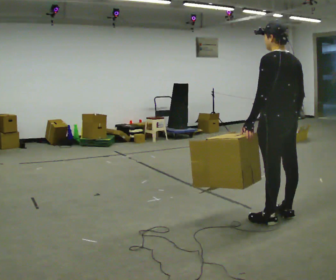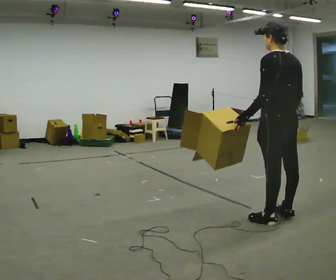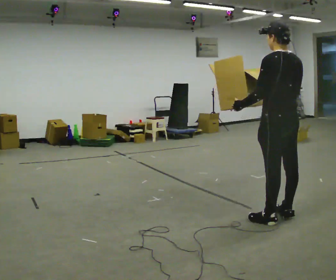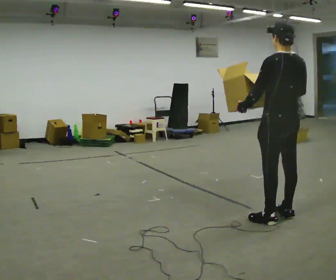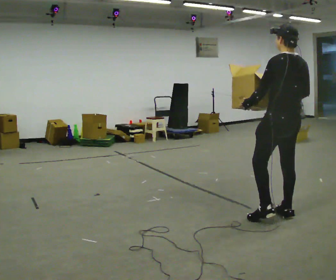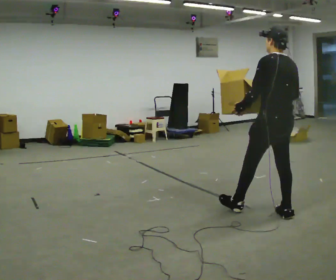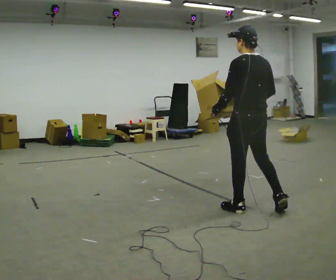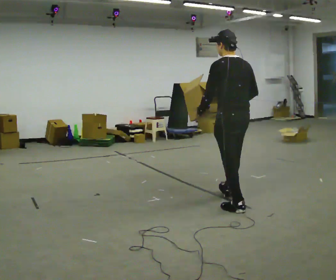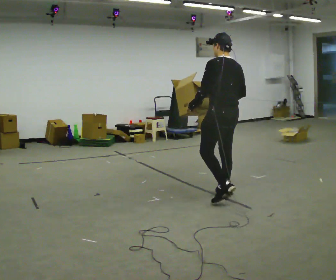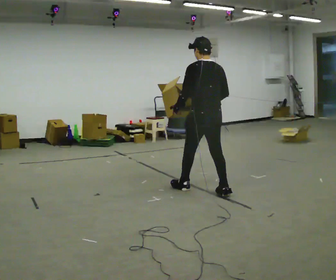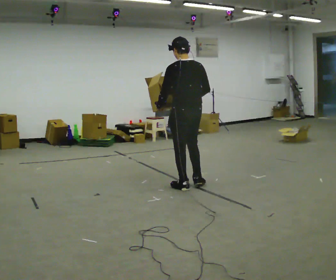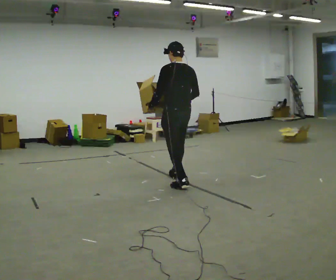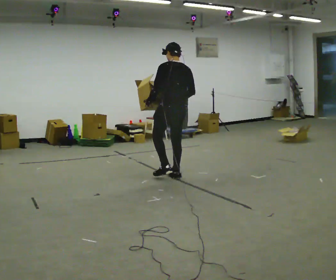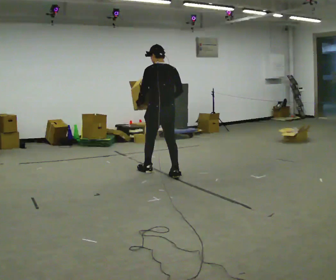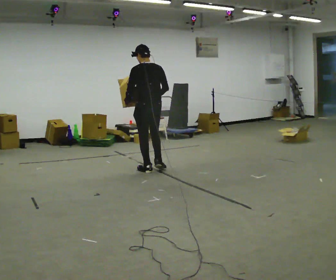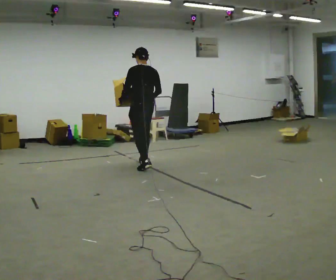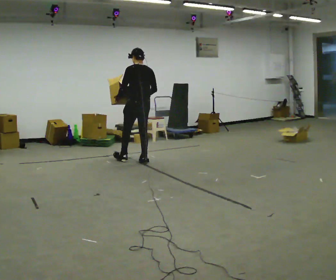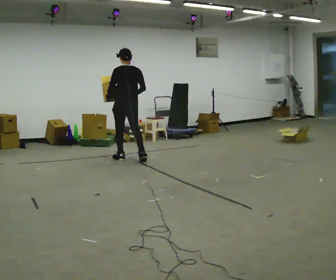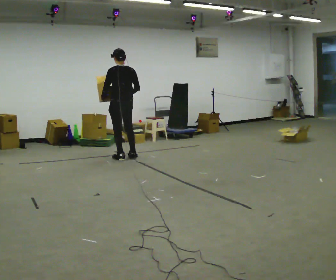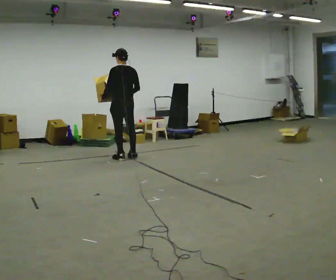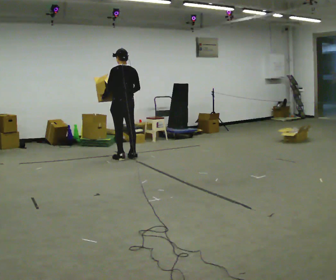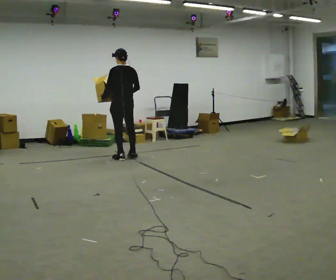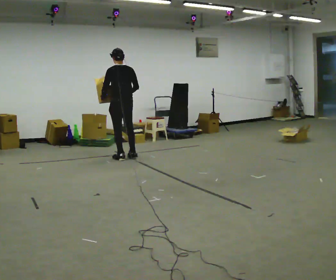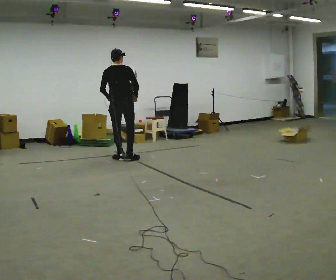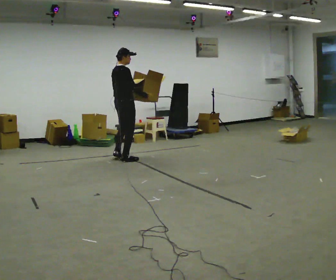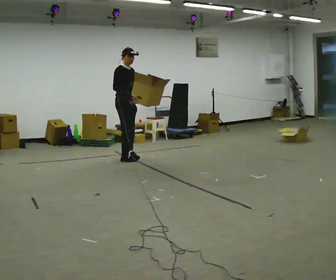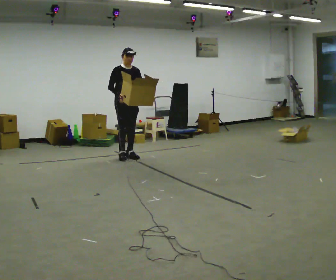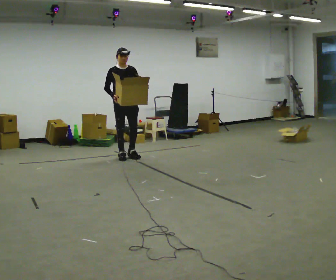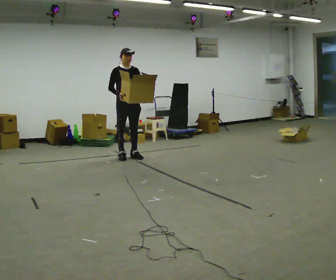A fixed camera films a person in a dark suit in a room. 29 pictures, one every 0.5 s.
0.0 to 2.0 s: The person moves a little, or ends about where they began.
2.0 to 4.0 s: In the picture they go away from the camera and to the left, about 1 m in 2 steps, which for them is forward.
4.0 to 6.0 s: In the picture they go away from the camera and to the left, about 1 m in 2 steps, which for them is forward.
6.0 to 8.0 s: In the picture they go away from the camera and to the left, about 1 m in 2 steps, which for them is forward.
8.0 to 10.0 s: In the picture they go away from the camera and to the left, about 0.5 m in 2 steps, which for them is forward.
10.0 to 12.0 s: The person turns about 90 degrees to their right, clockwise seen from above, so the part of the body nearest the lens slides to the left. In the picture they go toward the camera, about 0.25 m in 1 step. In the picture their left hand goes to the right, the arm swinging counterclockwise.
12.0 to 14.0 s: Seen from above the body turns clockwise, about 90 degrees: to their right, with its near side sliding to the left. In the picture they go away from the camera, about 0.25 m in 2 steps. In the picture their left hand goes to the right.
The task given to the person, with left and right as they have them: Carry the open container of water across the room without spilling it, back and forth.
The film runs forward here.
